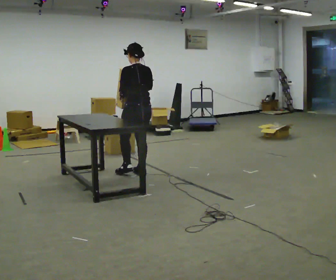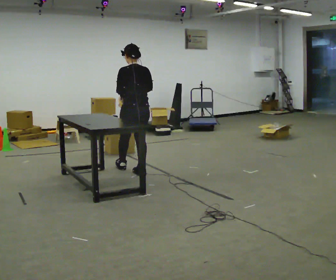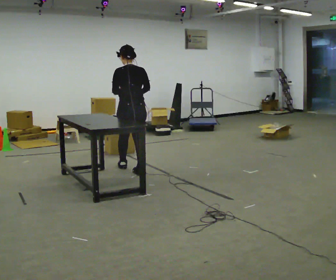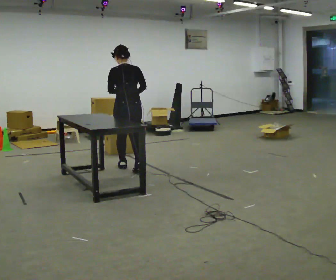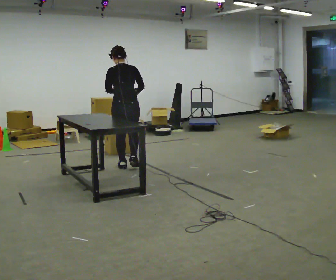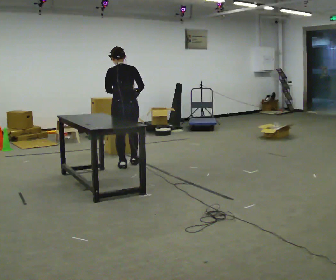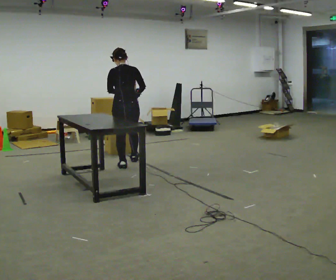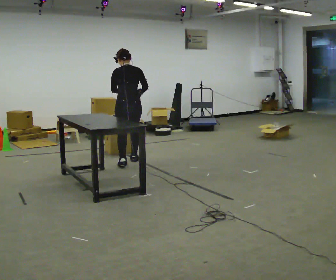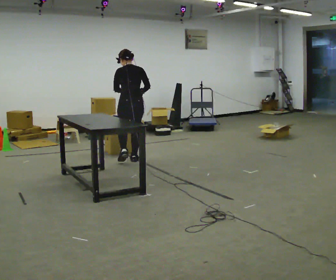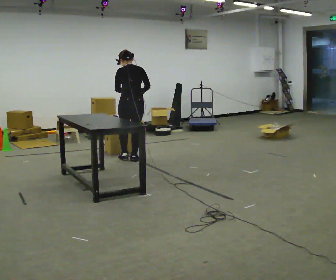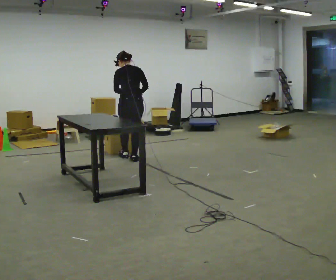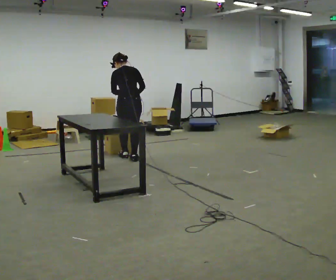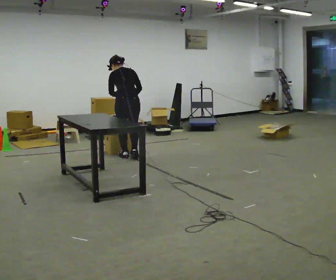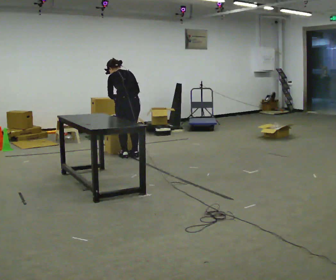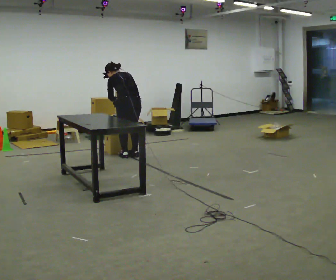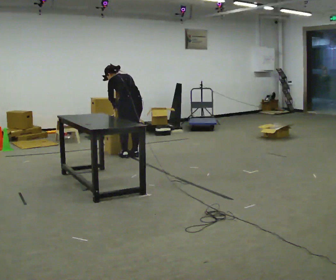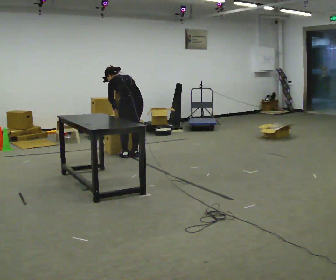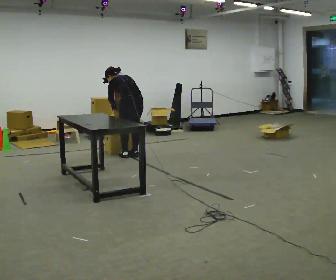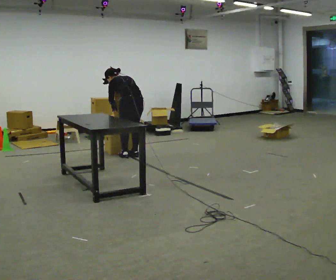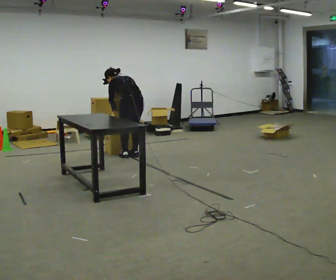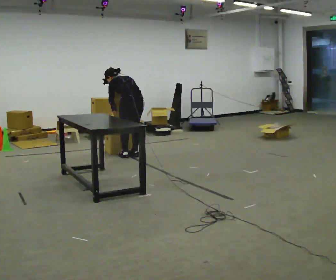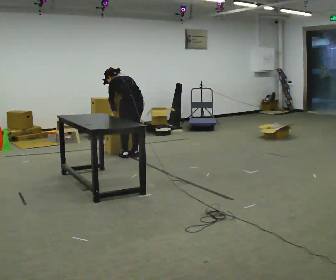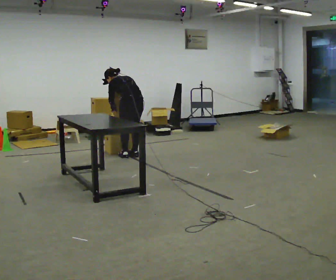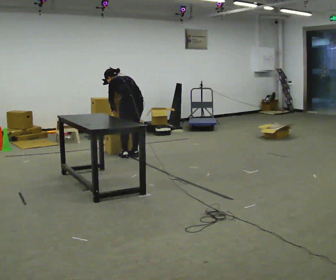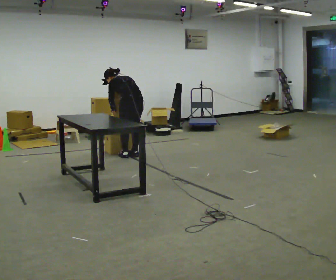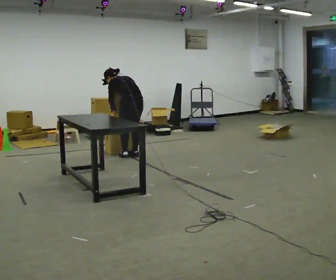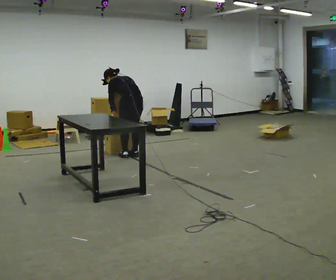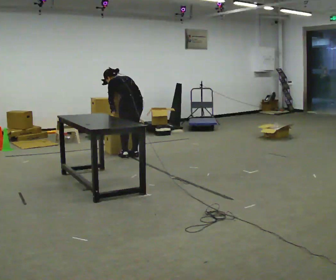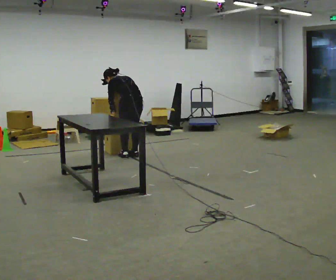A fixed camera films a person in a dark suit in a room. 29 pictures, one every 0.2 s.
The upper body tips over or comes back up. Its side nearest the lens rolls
upward.
The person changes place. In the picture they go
away from the camera.
0.0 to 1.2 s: Seen from above the body turns clockwise, about 30 degrees: to their right, with its near side sliding to the left. In the picture they go away from the camera, about 0.5 m in 2 steps, which for them is forward.
1.2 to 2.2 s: In the picture they go away from the camera, about 0.25 m in 1 step, which for them is forward.
2.2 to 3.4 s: The upper body tips away from the camera, its near side rolling upward, as they bend forward.
3.4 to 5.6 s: The person keeps their place and pose.
The film runs forward here.
